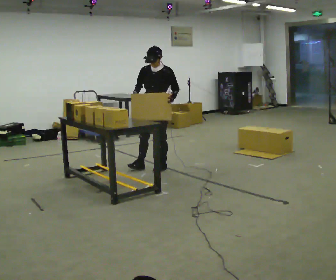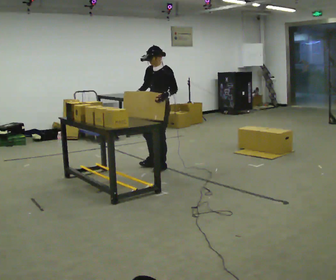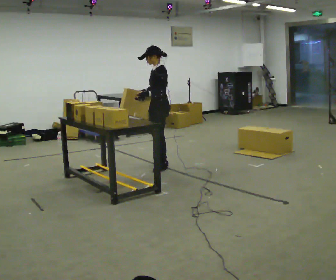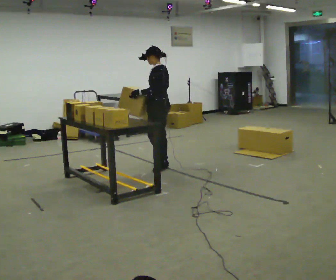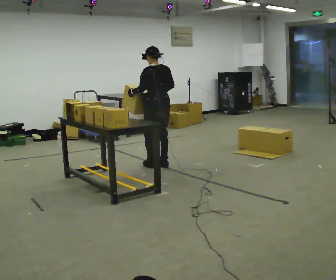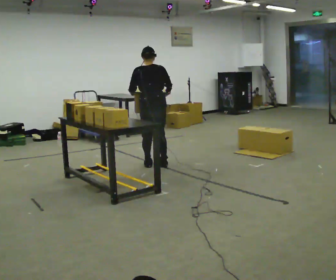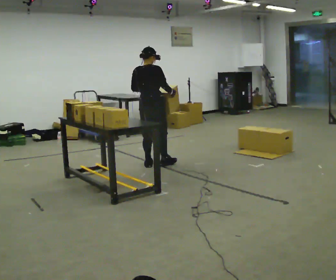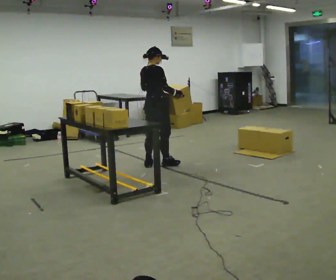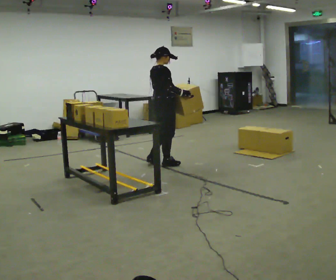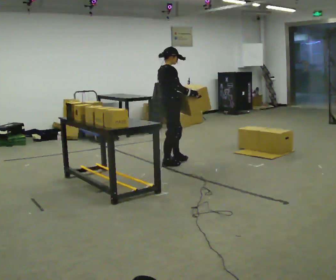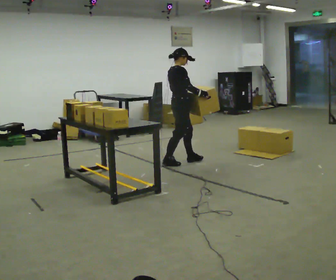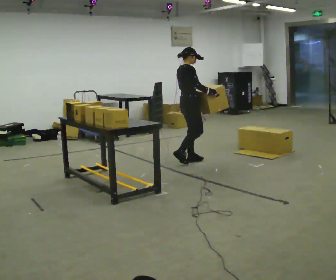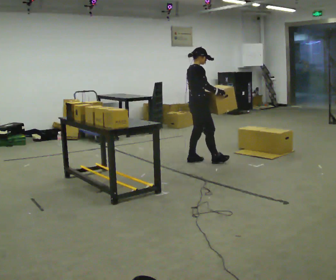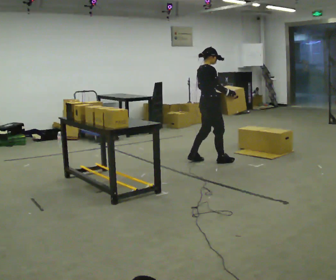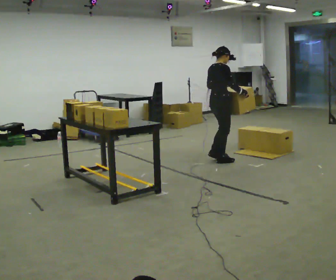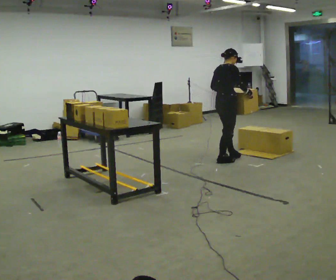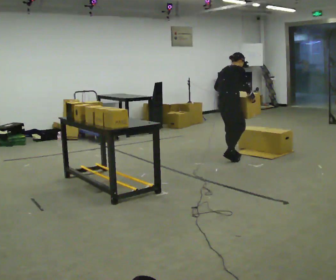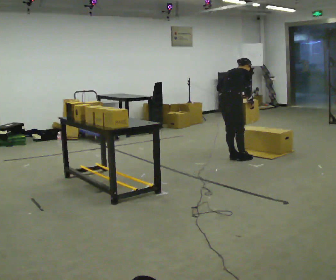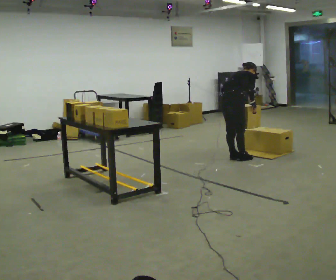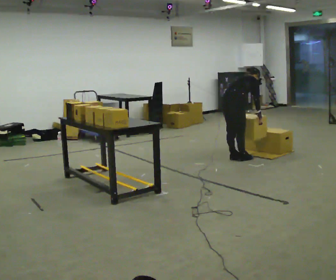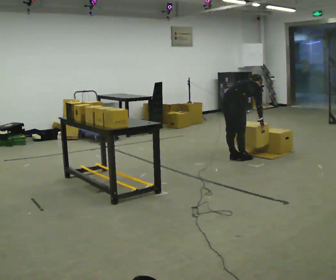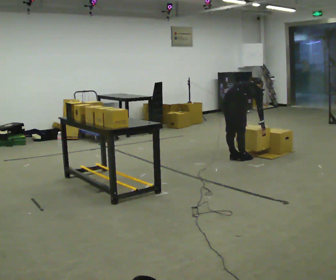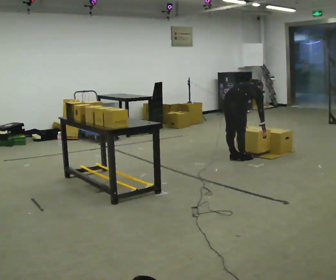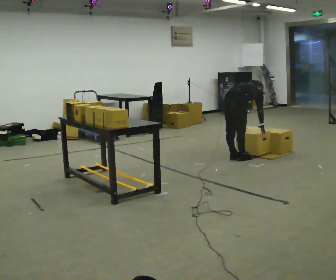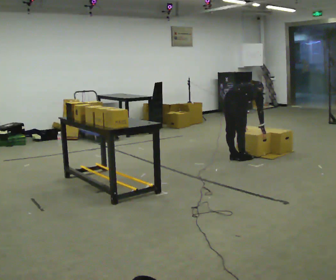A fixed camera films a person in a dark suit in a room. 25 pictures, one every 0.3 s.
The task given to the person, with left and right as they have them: 1. Bring the boxes over from the shelf one at a time. 2. Stack them on the pallet with the heaviest at the bottom. 3. Do not stack more than three high. 4. Tell the operator when you are finished.
0.0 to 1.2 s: Seen from above the body turns clockwise, about 120 degrees: to their right, with its near side sliding to the left. In the picture their left hand goes to the left.
1.2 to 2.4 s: The part of the body nearest the lens slides to the left as the person turns to their right by about 105 degrees. In the picture their left hand goes to the right.
2.4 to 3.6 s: In the picture they go to the right and away from the camera, about 0.5 m in 1 step, which for them is forward.
3.6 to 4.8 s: The person turns about 30 degrees to their left, counterclockwise seen from above, so the part of the body nearest the lens slides to the right. In the picture they go to the right, about 0.5 m in 2 steps, which for them is forward and to their right. The upper body tips away from the camera, its near side rolling upward, as they bend forward.
4.8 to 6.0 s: The shoulders move downward. In the picture the upper body tilts clockwise, shoulders to the right, as they bend forward. In the picture their right hand goes downward.
6.0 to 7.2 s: The upper body tips away from the camera, its near side rolling upward, as they bend forward.
The film runs forward here.
